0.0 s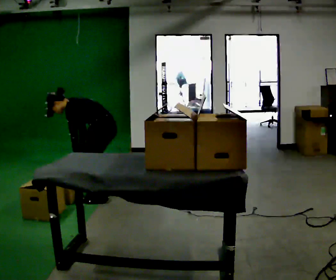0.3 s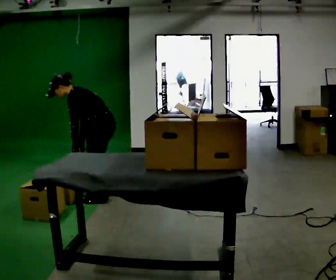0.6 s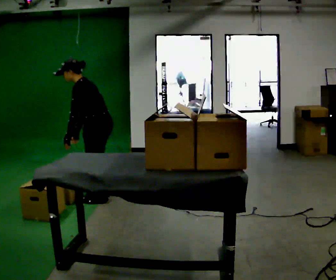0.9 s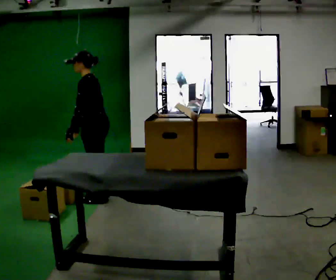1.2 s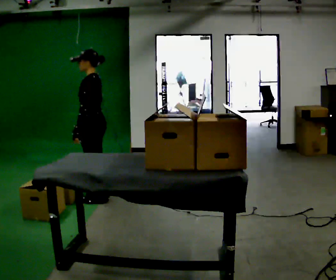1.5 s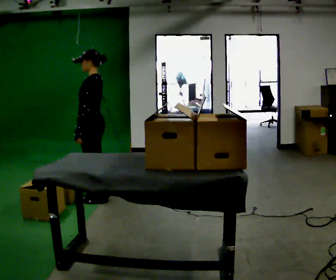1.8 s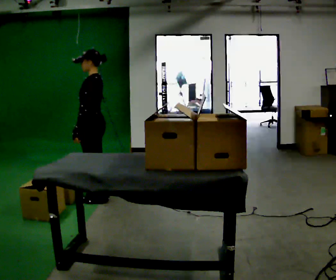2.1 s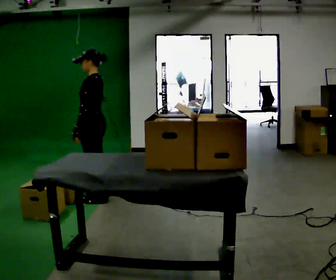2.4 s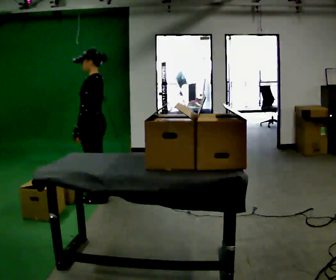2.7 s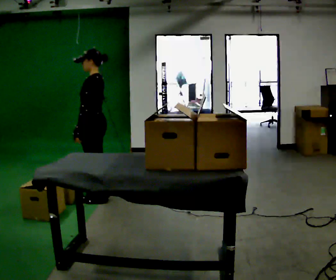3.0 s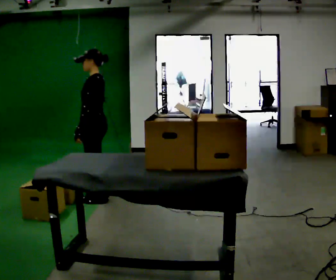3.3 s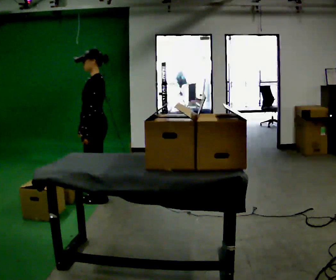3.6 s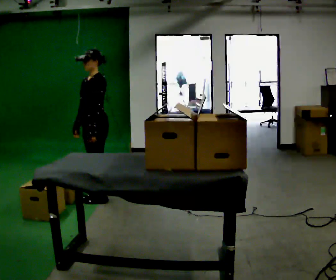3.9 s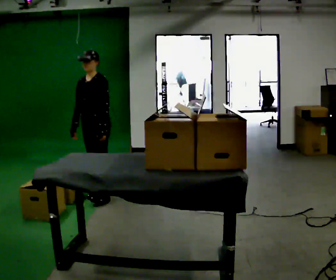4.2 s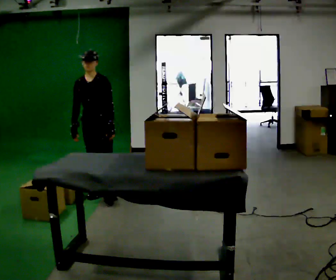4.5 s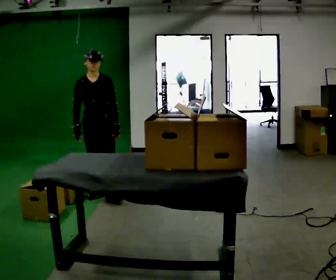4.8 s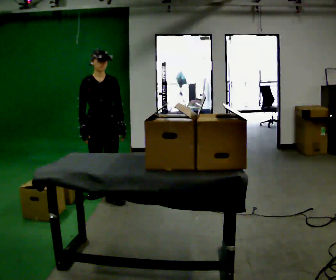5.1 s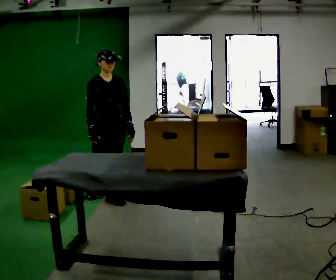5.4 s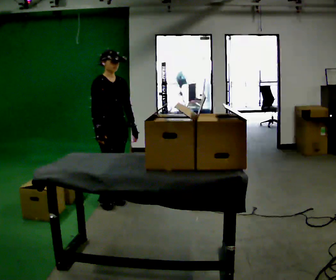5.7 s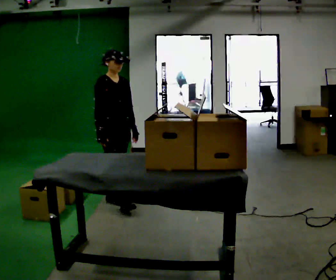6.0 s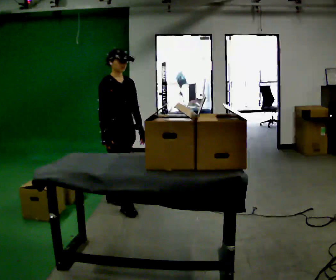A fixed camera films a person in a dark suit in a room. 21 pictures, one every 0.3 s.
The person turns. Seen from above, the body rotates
counterclockwise.
The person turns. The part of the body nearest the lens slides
to the right.
0.0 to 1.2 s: The shoulders move upward. In the picture the upper body tilts clockwise, shoulders to the right, as they lean back or straighten.
1.2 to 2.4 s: The person moves a little, or ends about where they began.
2.4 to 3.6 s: The part of the body nearest the lens slides to the right as the person turns to their left by about 45 degrees.
3.6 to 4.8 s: The person turns about 60 degrees to their left, counterclockwise seen from above, so the part of the body nearest the lens slides to the right.
4.8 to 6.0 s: The person turns about 30 degrees to their left, counterclockwise seen from above, so the part of the body nearest the lens slides to the right. In the picture they go toward the camera, about 0.25 m in 1 step, which for them is forward.
The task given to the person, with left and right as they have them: Pick an object up off the floor at one end of the room, carry it across, and place it on the waist-height shelf at the other end. Keep going until the operator says stop; one object at a time, and do not rush between trips.
The film runs forward here.
